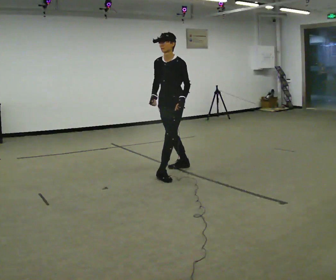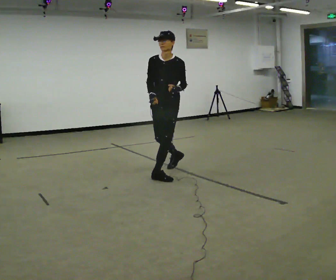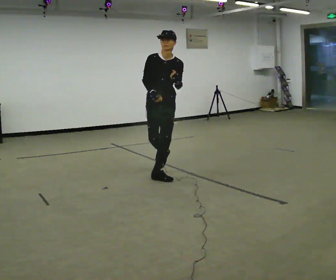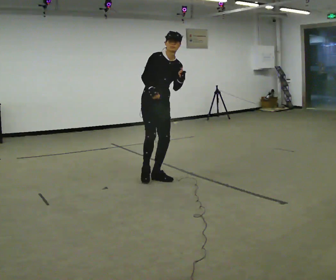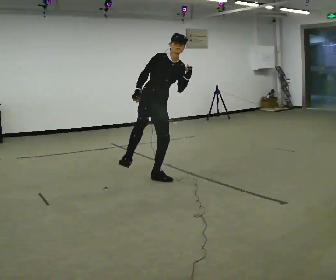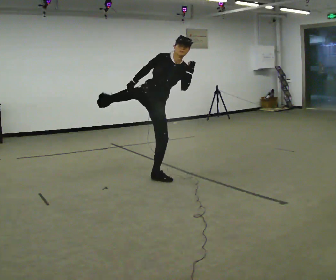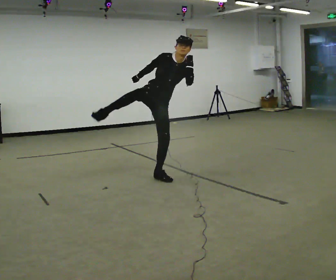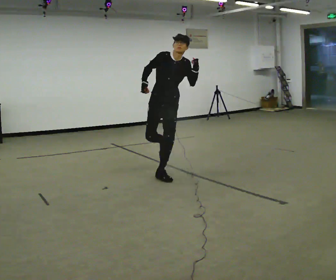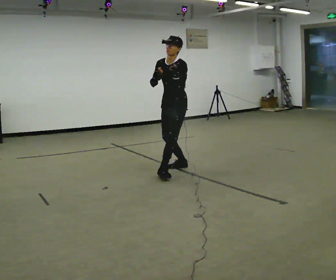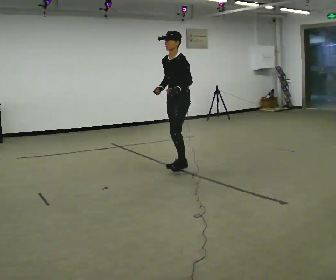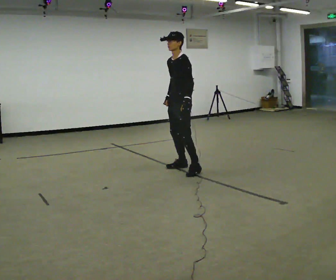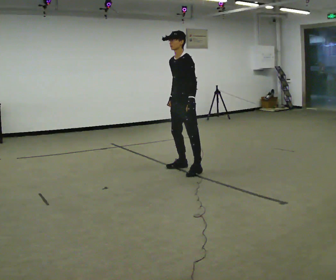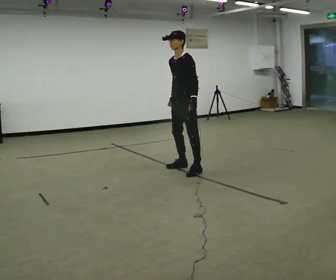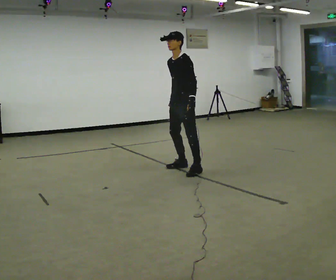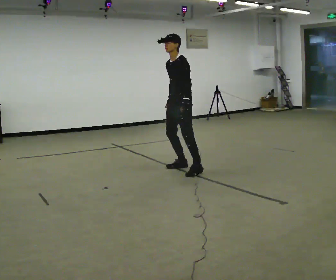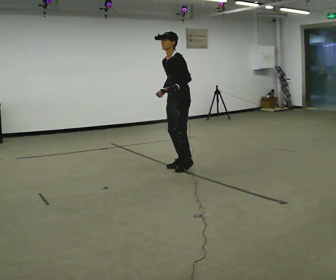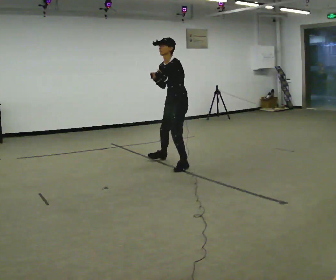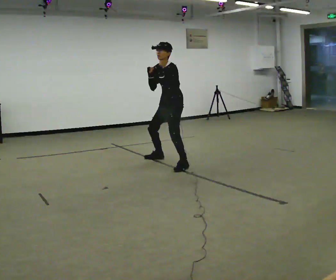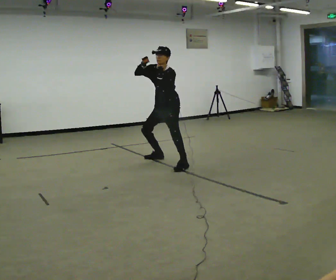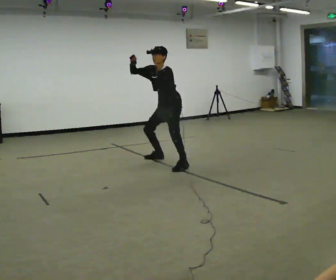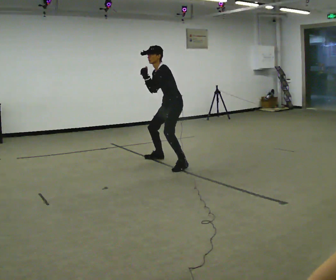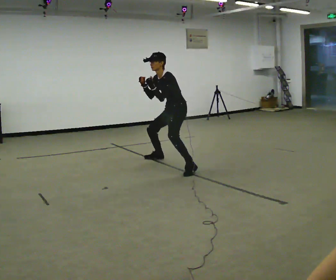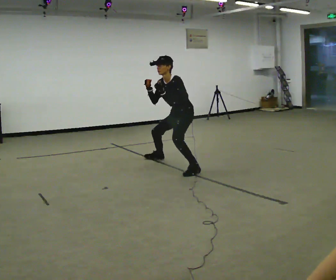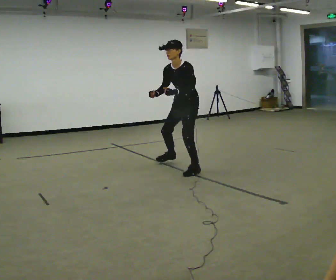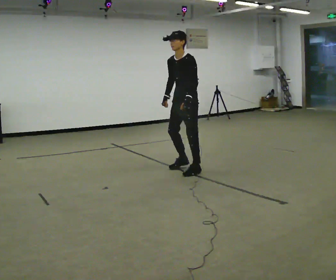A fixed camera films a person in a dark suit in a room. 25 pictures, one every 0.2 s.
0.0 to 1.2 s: The part of the body nearest the lens slides to the right as the person turns to their left by about 60 degrees. In the picture they go to the left and toward the camera, about 0.25 m. In the picture the upper body tilts clockwise, shoulders to the right.
1.2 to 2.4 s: The person turns about 75 degrees to their right, clockwise seen from above, so the part of the body nearest the lens slides to the left. In the picture they go to the right and away from the camera, about 0.5 m in 1 step. In the picture the upper body tilts counterclockwise, shoulders to the left.
2.4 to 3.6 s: In the picture they go away from the camera and to the left, about 0.5 m in 2 steps, which for them is to their right. The upper body goes downward. The upper body tips toward the camera, its near side rolling downward, as they bend forward. In the picture their right hand goes upward.
3.6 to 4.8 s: In the picture they go toward the camera and to the right, about 0.5 m in 2 steps, which for them is to their left. In the picture their right hand goes downward.
The film runs backward here.
